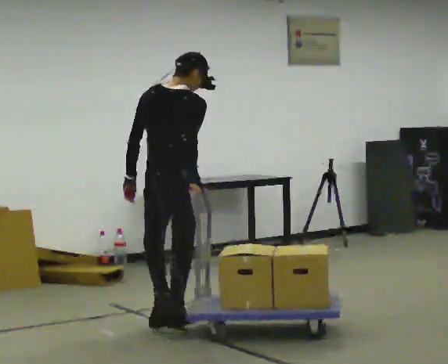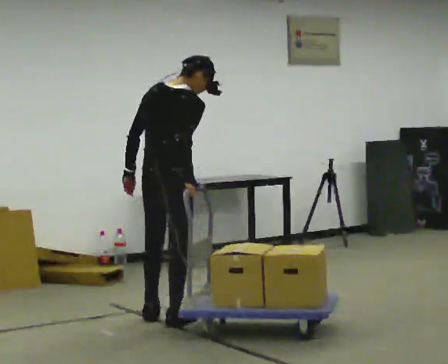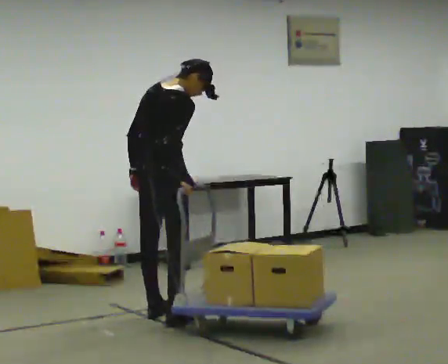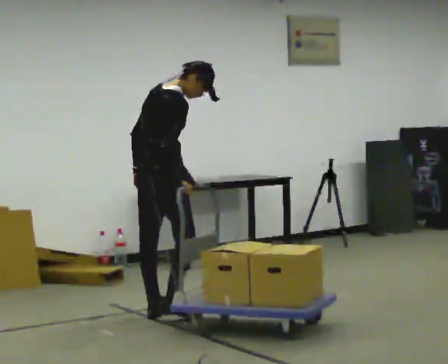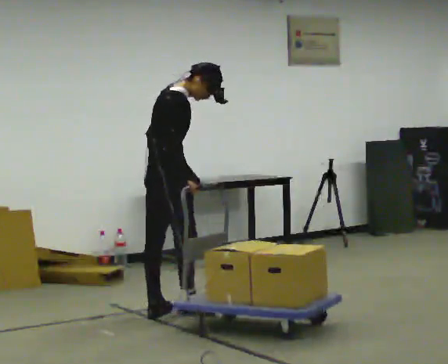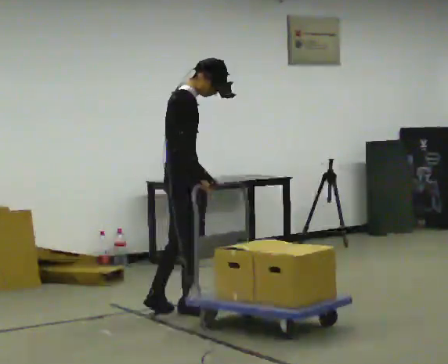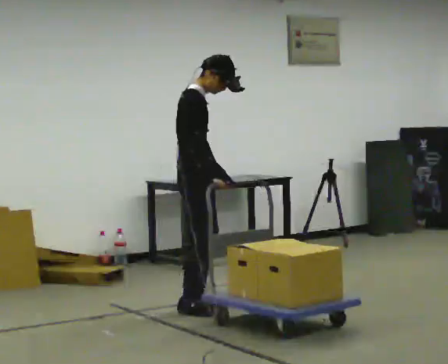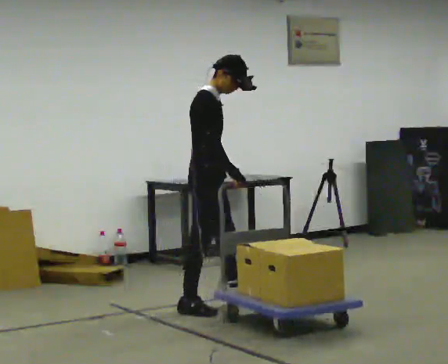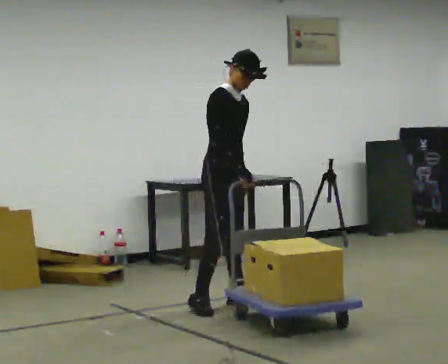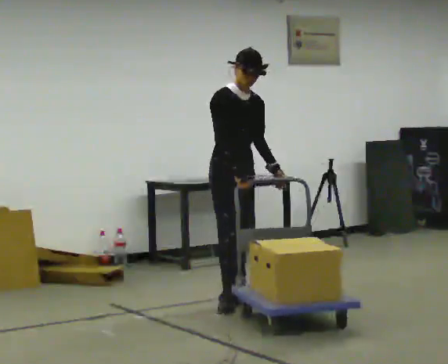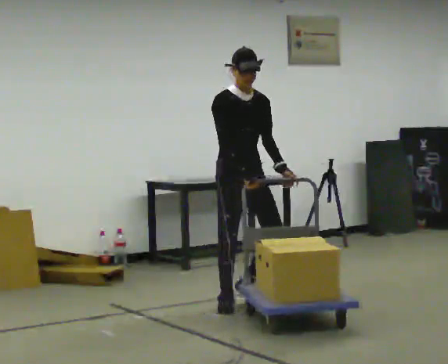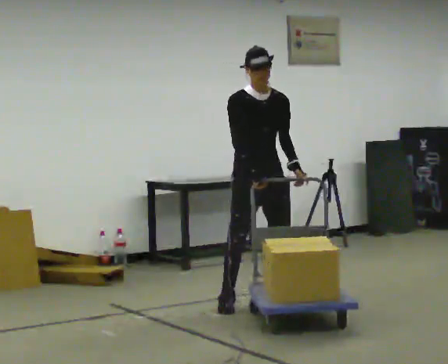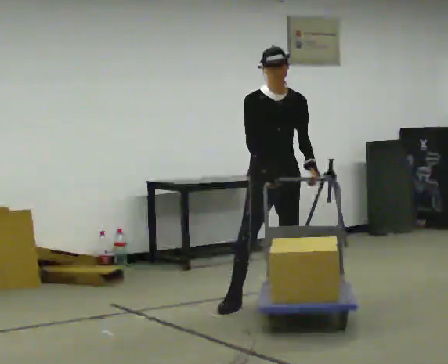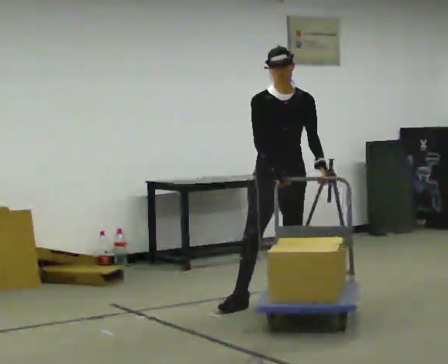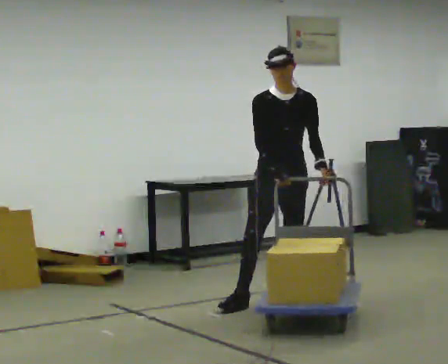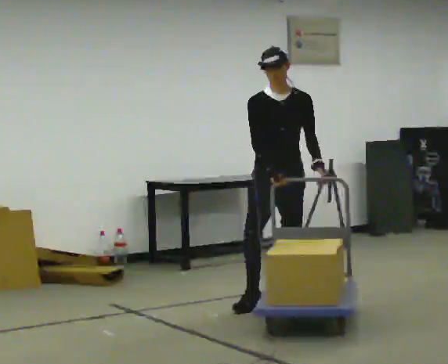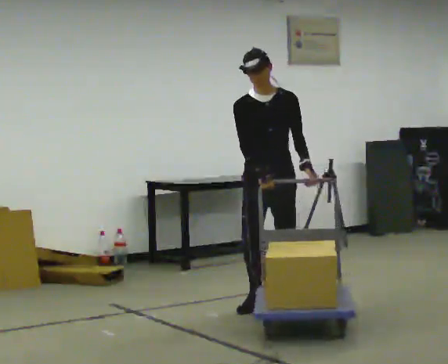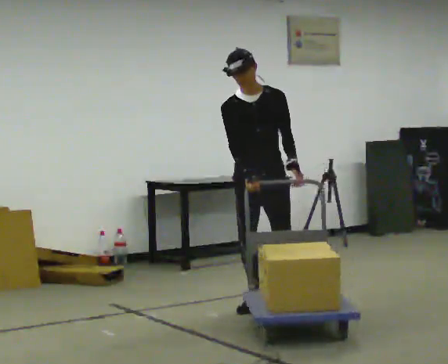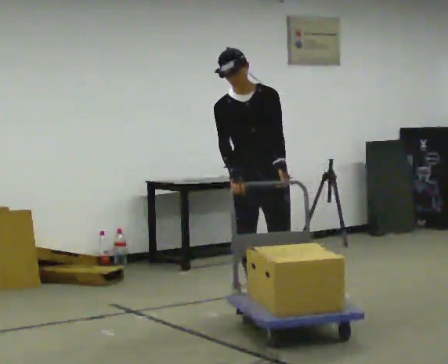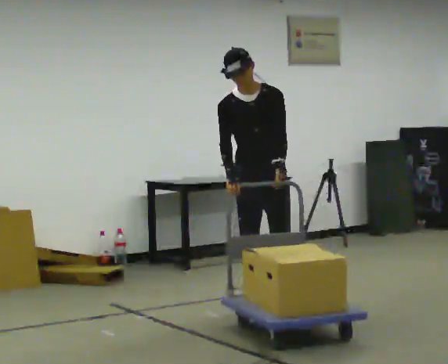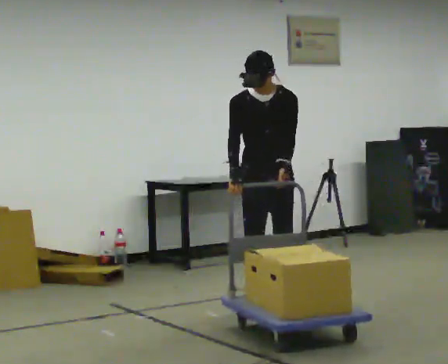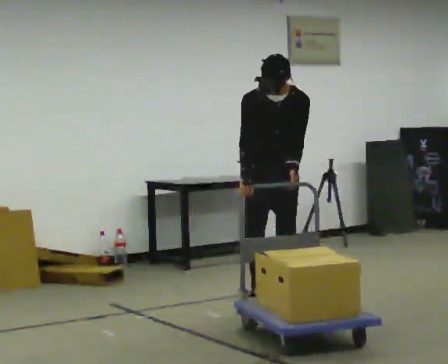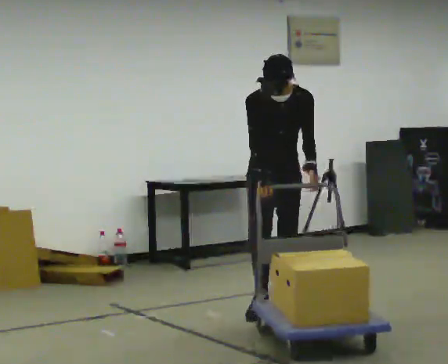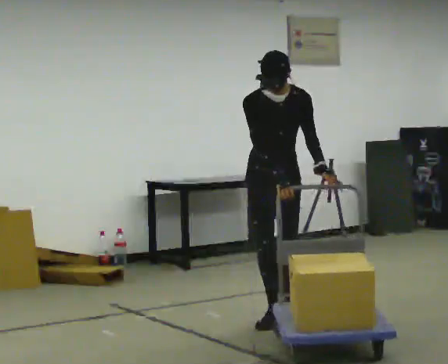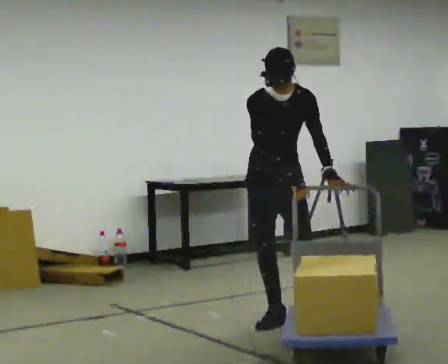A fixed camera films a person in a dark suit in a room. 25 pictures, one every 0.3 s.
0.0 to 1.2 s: The person turns about 45 degrees to their right, clockwise seen from above, so the part of the body nearest the lens slides to the left. In the picture they go away from the camera, about 0.5 m in 2 steps, which for them is to their left and forward.
1.2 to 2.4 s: The person turns about 60 degrees to their right, clockwise seen from above, so the part of the body nearest the lens slides to the left. In the picture they go to the right and away from the camera, about 0.5 m in 1 step, which for them is forward and to their left.
2.4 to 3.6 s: The part of the body nearest the lens slides to the left as the person turns to their right by about 60 degrees. In the picture they go to the right, about 0.5 m in 2 steps, which for them is to their left and forward.
3.6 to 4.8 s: The person moves a little, or ends about where they began.
4.8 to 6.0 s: In the picture they go toward the camera, about 0.25 m in 1 step, which for them is forward.
6.0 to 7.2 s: In the picture they go toward the camera, about 0.25 m in 1 step, which for them is forward.
The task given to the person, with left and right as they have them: Push the loaded cart from one corner of the room to the other, turn it round, and push it back. Keep going until the operator says stop.
The film runs forward here.
